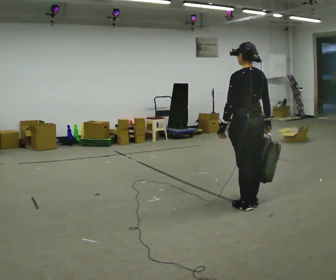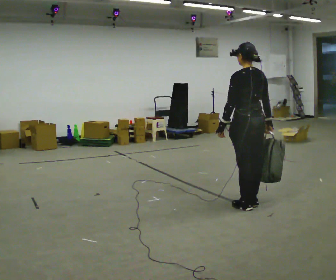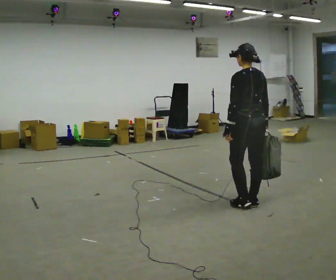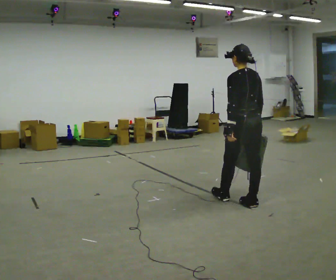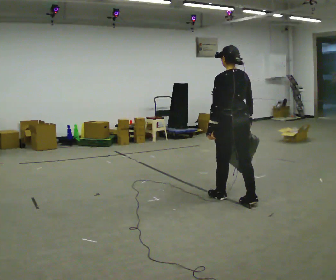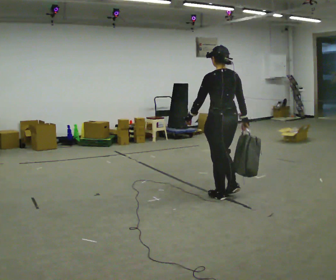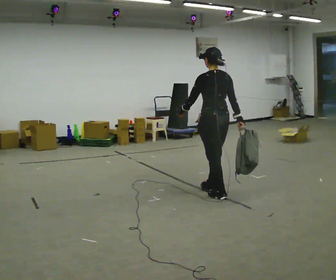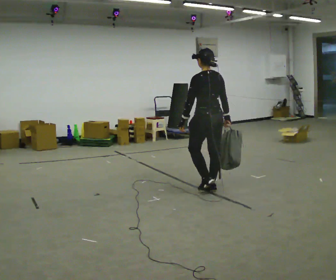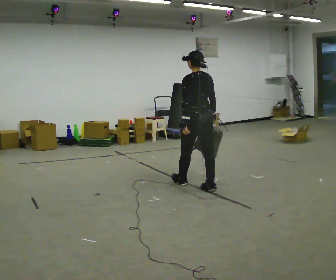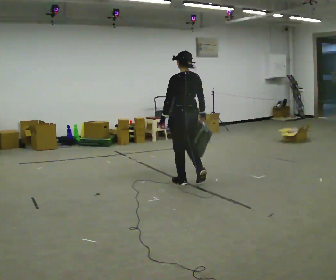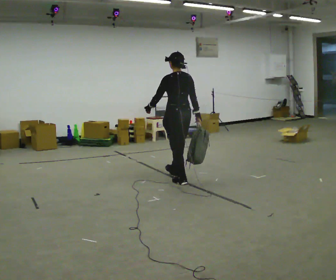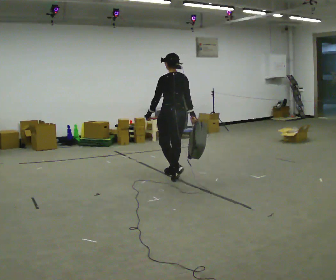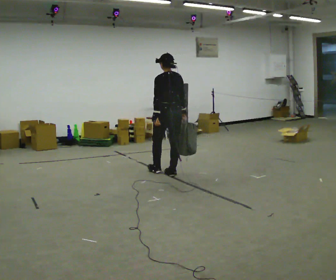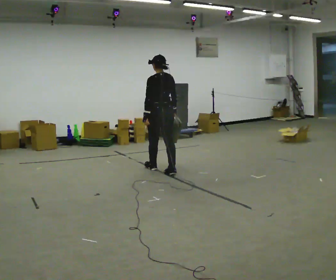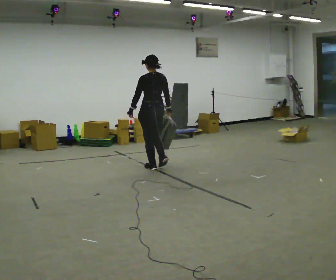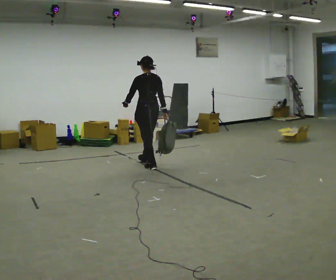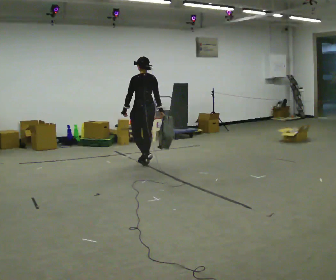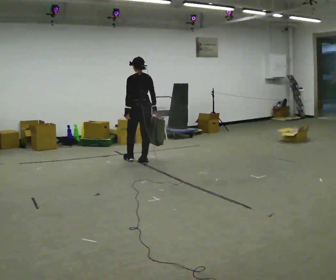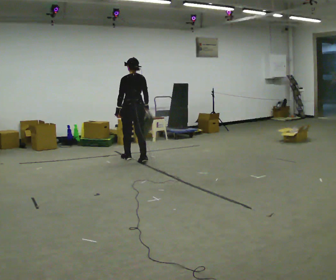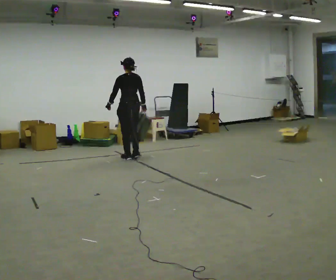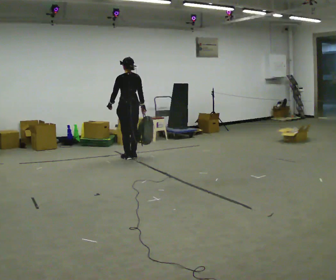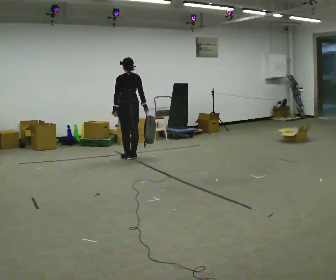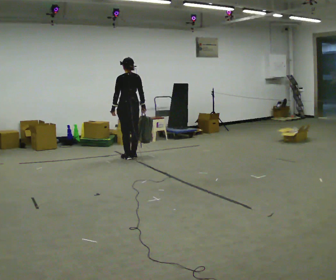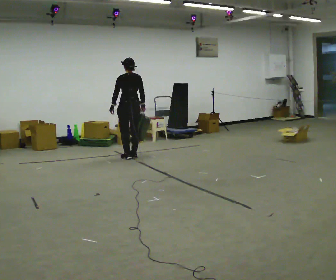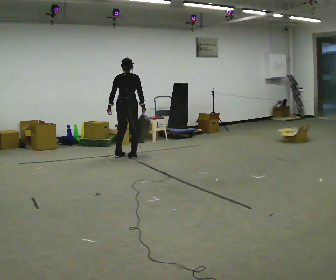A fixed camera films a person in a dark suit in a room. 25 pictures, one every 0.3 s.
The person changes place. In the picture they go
away from the camera.
0.0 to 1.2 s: In the picture they go away from the camera, about 0.25 m in 1 step, which for them is forward.
1.2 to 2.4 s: In the picture they go away from the camera and to the left, about 0.75 m in 1 step, which for them is forward.
2.4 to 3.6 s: In the picture they go away from the camera and to the left, about 0.5 m in 2 steps, which for them is forward.
3.6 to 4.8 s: In the picture they go away from the camera and to the left, about 0.5 m in 2 steps, which for them is forward.
4.8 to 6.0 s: In the picture they go away from the camera and to the left, about 0.5 m in 2 steps, which for them is forward.
6.0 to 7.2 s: Seen from above the body turns clockwise, about 30 degrees: to their right, with its near side sliding to the left.
The film runs forward here.
